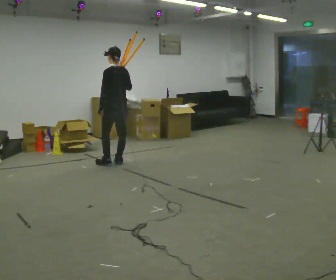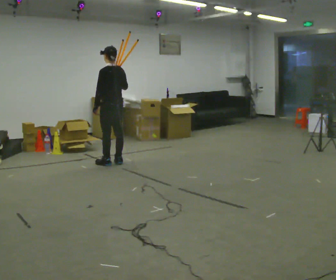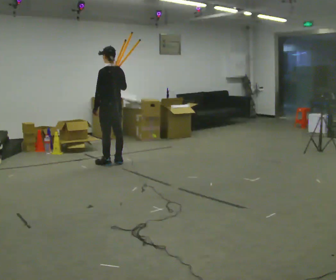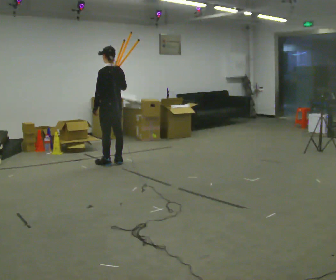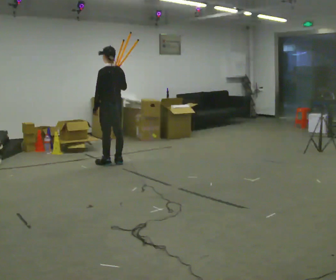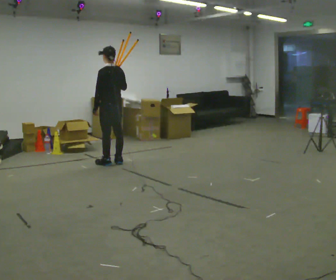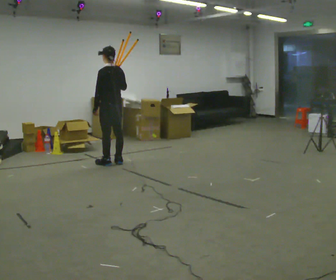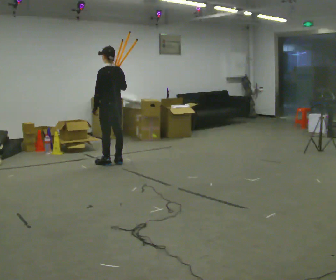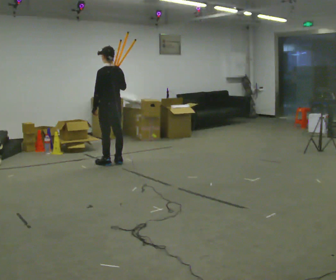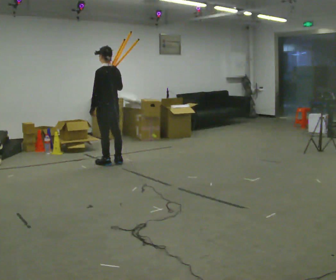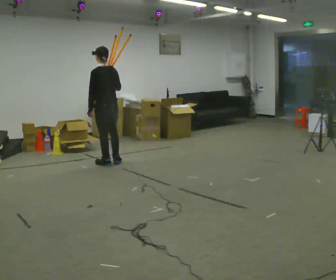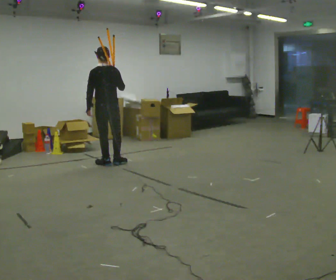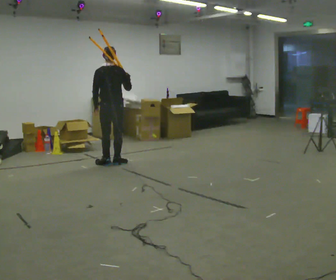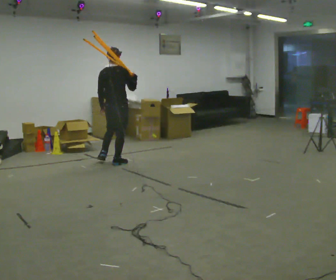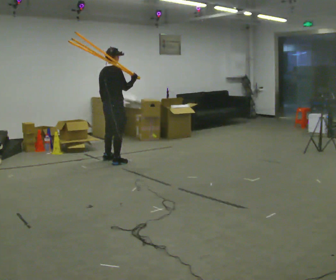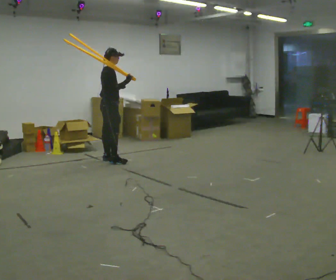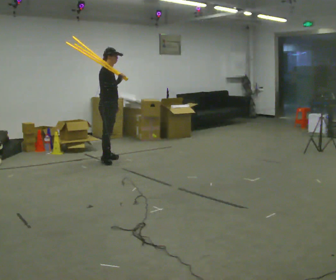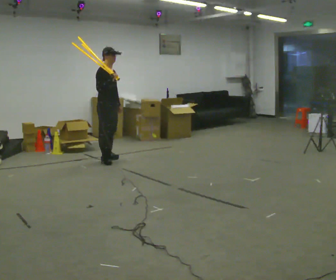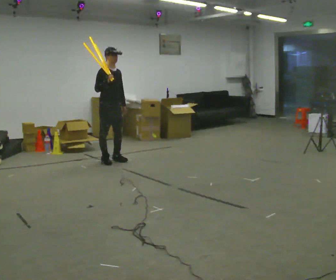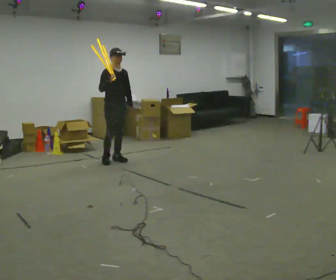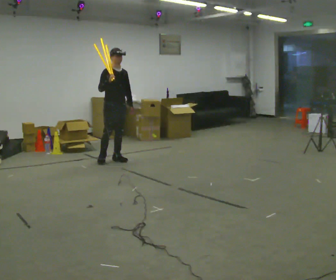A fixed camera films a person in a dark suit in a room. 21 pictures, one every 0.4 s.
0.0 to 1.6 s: The person moves a little, or ends about where they began.
1.6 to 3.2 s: The person keeps their place and pose.
3.2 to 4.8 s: The part of the body nearest the lens slides to the left as the person turns to their right by about 30 degrees.
4.8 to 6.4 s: The person turns about 105 degrees to their right, clockwise seen from above, so the part of the body nearest the lens slides to the left. In the picture they go away from the camera, about 0.25 m in 1 step.
6.4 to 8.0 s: Seen from above the body turns clockwise, about 45 degrees: to their right, with its near side sliding to the left.
The film runs forward here.
